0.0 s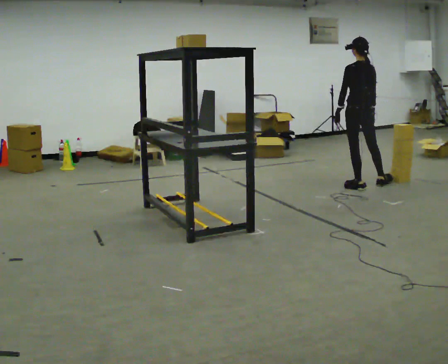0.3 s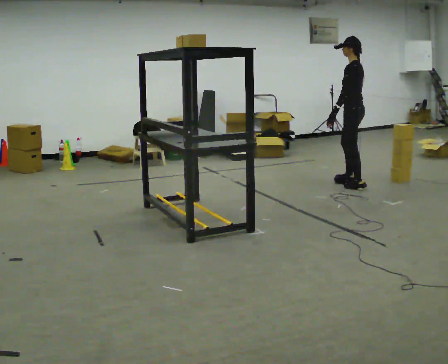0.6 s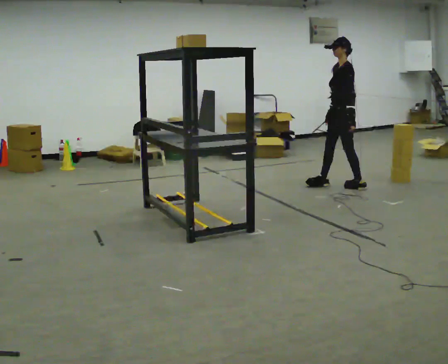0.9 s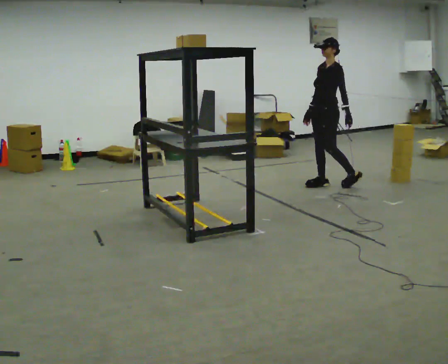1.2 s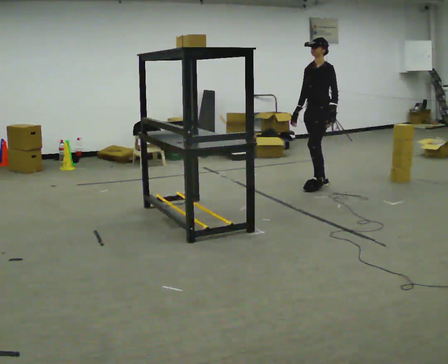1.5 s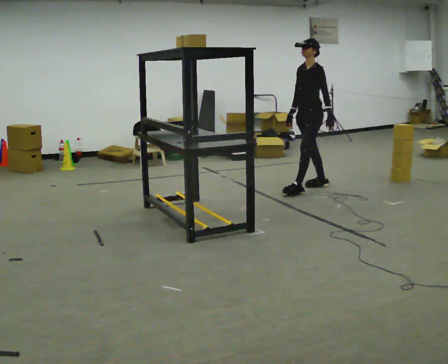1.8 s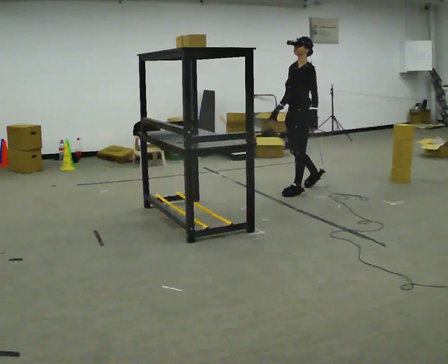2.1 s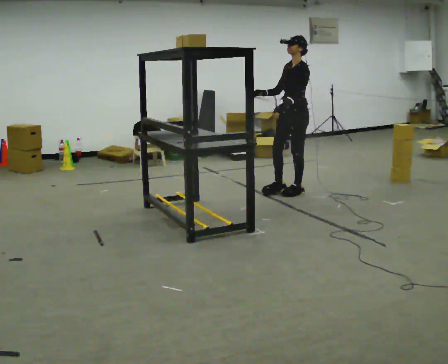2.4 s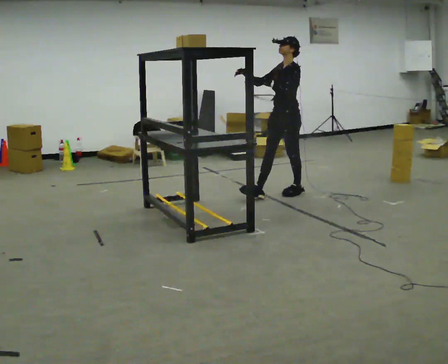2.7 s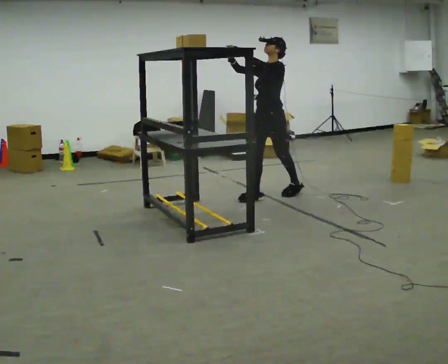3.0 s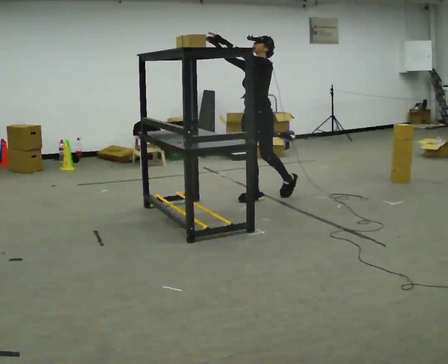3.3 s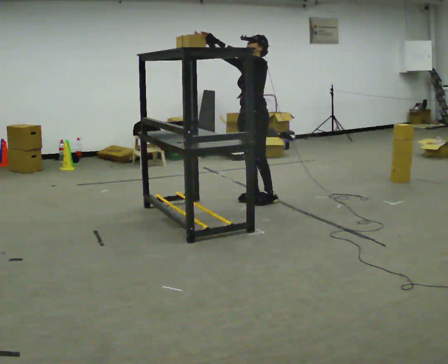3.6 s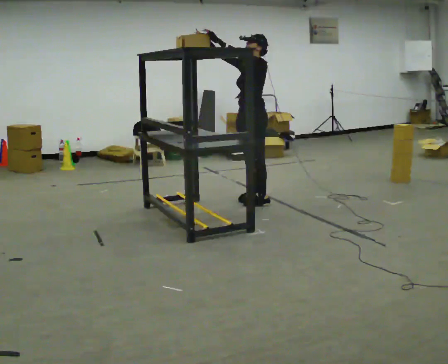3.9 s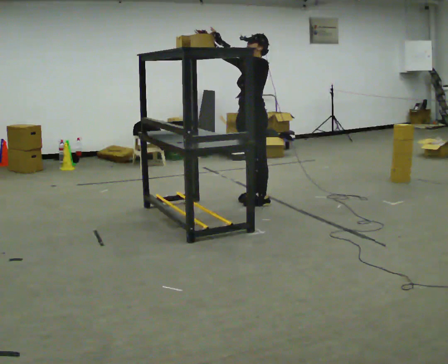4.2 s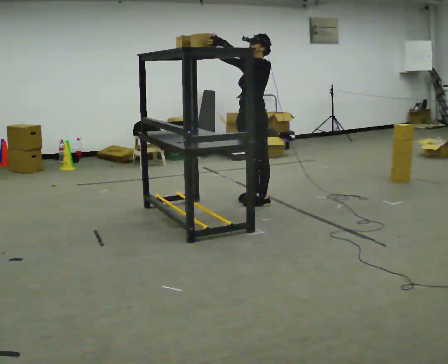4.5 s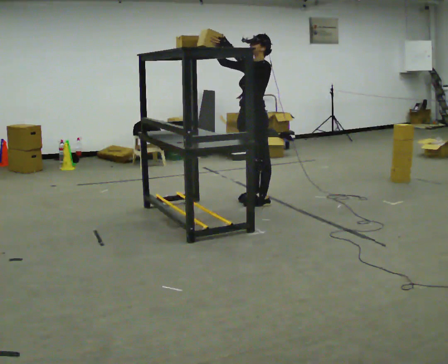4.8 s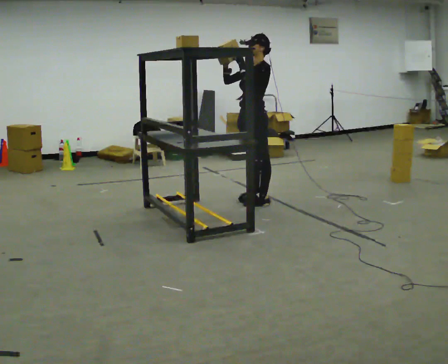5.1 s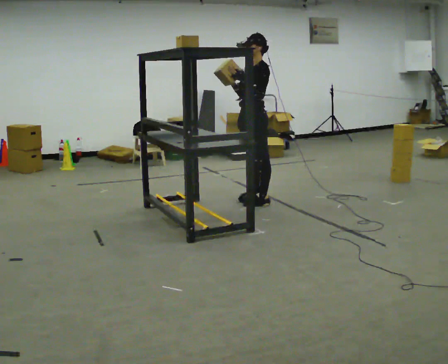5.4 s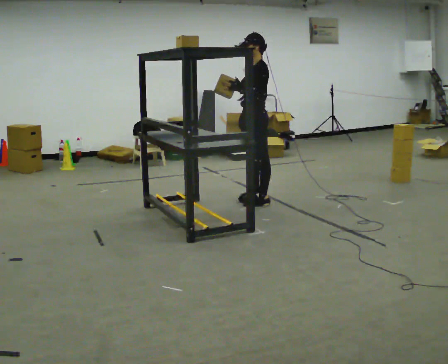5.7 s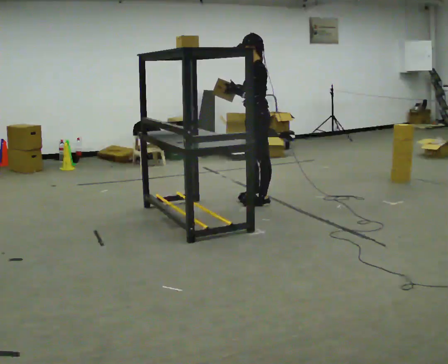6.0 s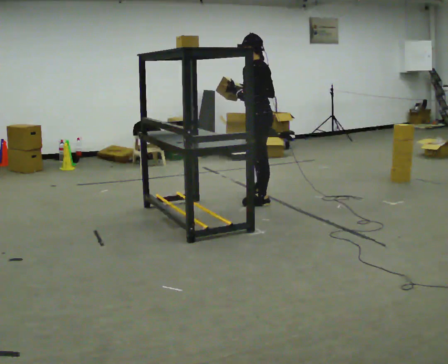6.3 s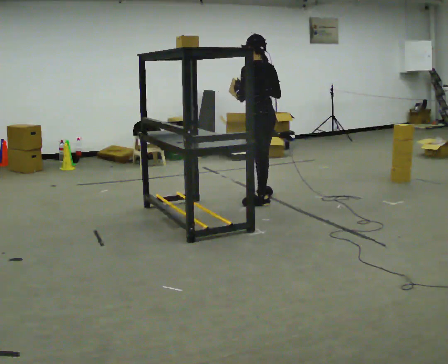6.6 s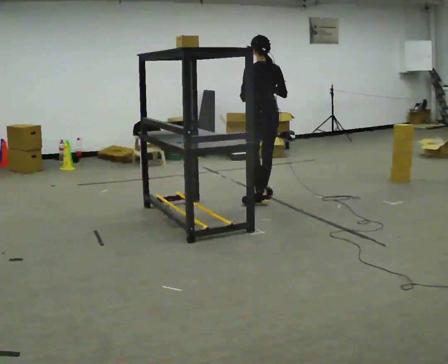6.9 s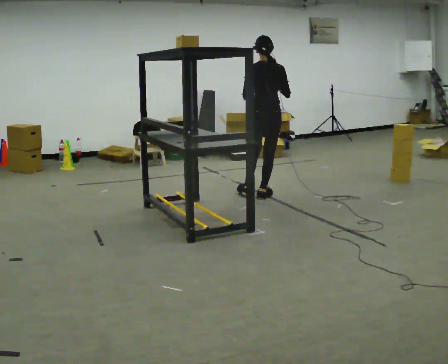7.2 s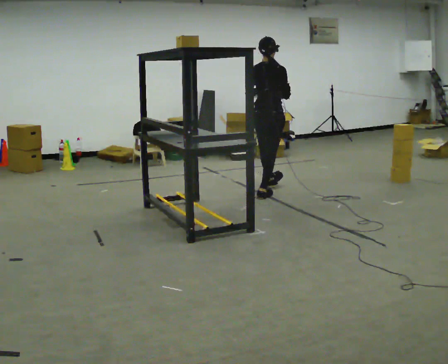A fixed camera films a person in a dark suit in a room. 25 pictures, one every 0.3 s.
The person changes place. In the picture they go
to the left.
0.0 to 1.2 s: The part of the body nearest the lens slides to the right as the person turns to their left by about 105 degrees. In the picture they go to the left, about 0.5 m in 1 step.
1.2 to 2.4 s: In the picture they go to the left and toward the camera, about 0.5 m in 2 steps, which for them is forward and to their left. In the picture their left hand goes upward.
2.4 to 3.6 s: In the picture they go to the left and toward the camera, about 0.5 m in 1 step, which for them is forward. In the picture their left hand goes upward.
3.6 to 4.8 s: The person moves a little, or ends about where they began.
4.8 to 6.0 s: Seen from above the body turns clockwise, about 60 degrees: to their right, with its near side sliding to the left.
6.0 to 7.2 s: The part of the body nearest the lens slides to the left as the person turns to their right by about 90 degrees. In the picture they go away from the camera, about 0.5 m.
The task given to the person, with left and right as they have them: Take an object down from the highest shelf you can comfortably reach, carry it across the room, and set it on the floor. Keep going until the operator says stop; one object at a time, and do not rush between trips.
The film runs forward here.
